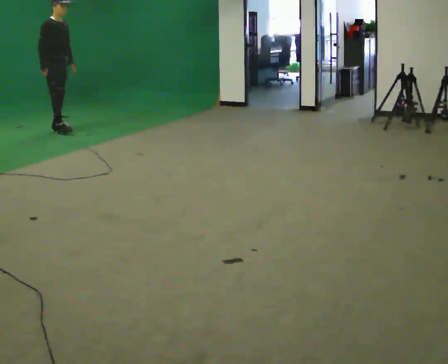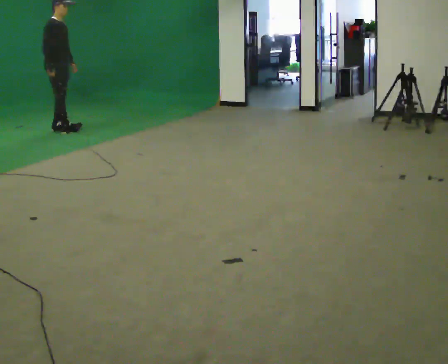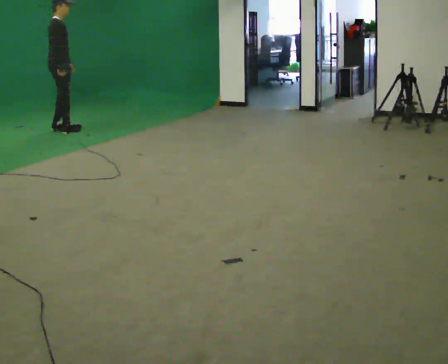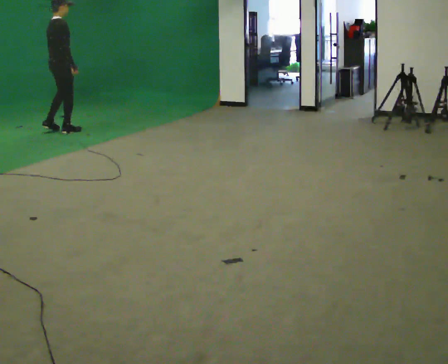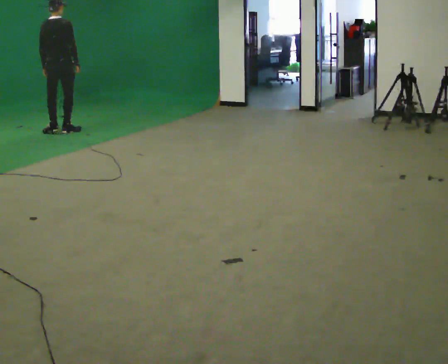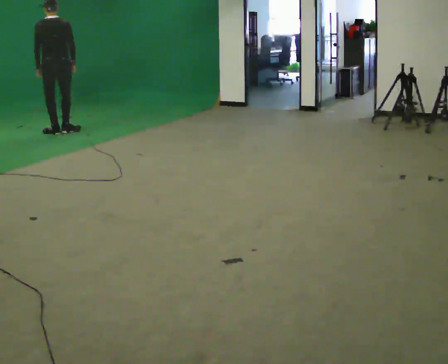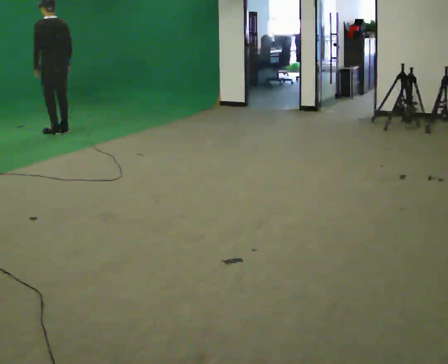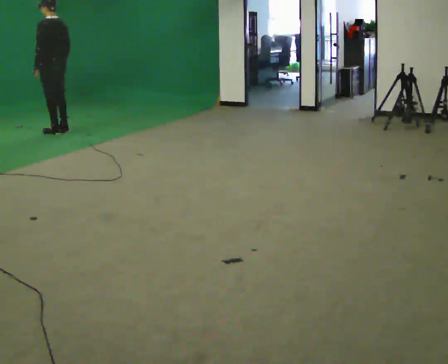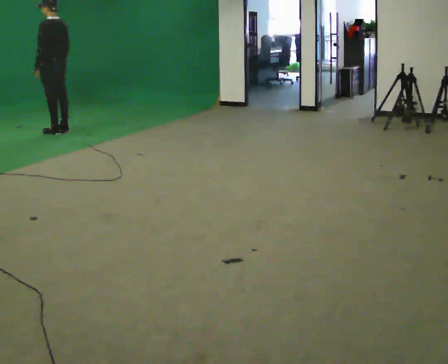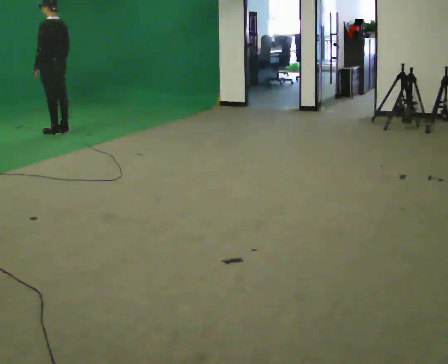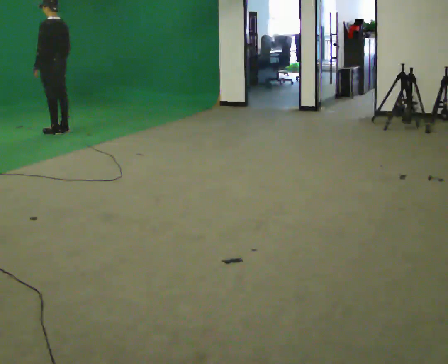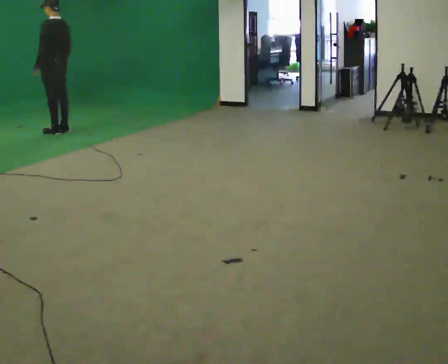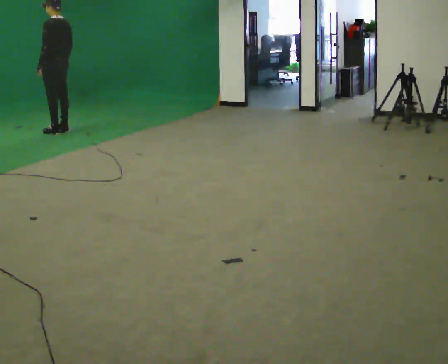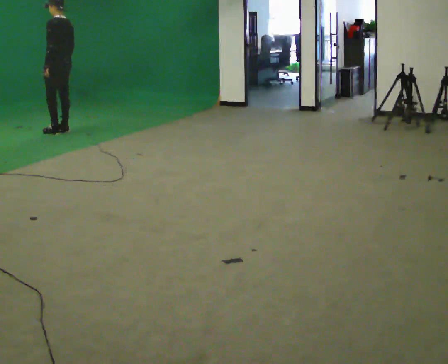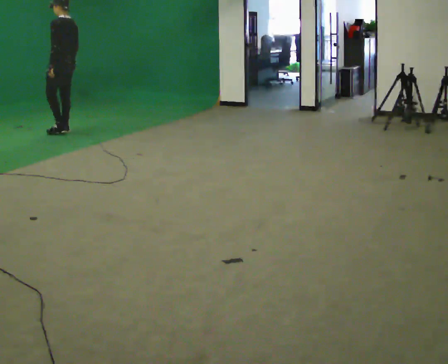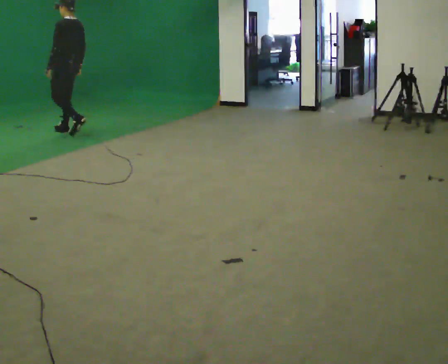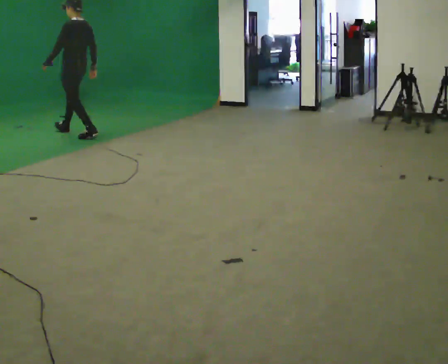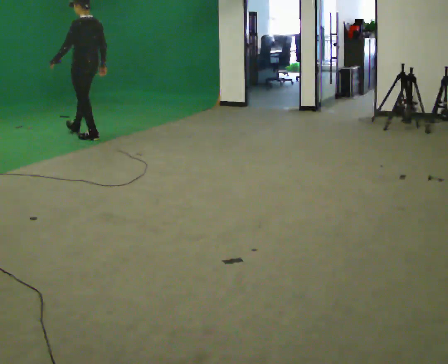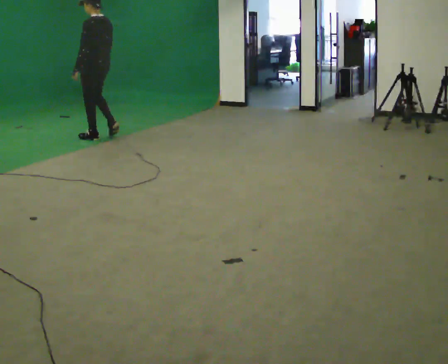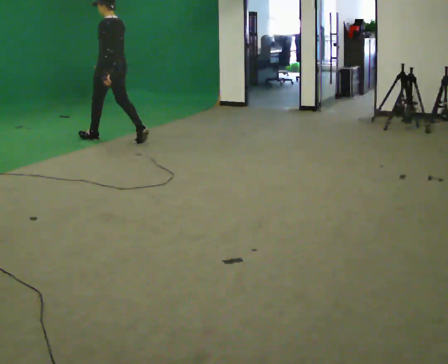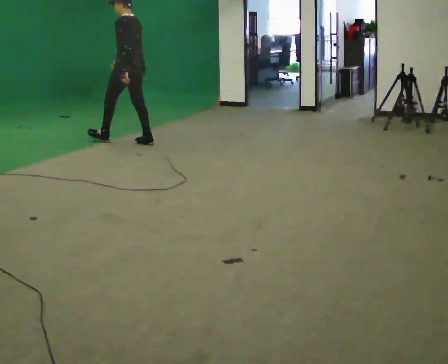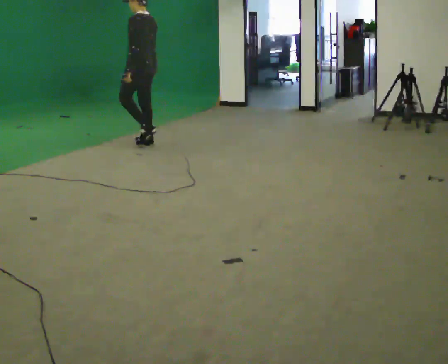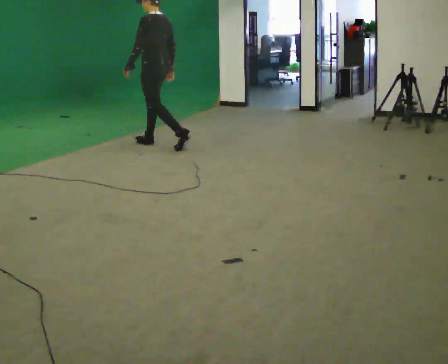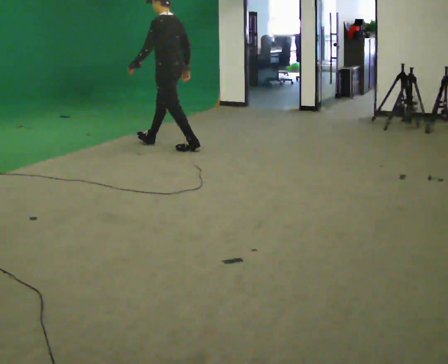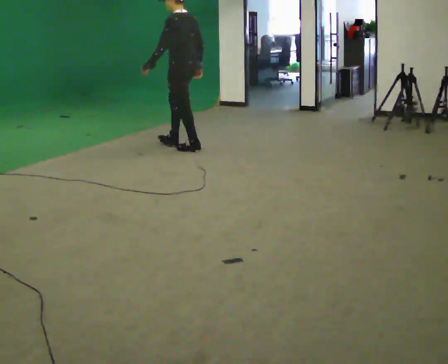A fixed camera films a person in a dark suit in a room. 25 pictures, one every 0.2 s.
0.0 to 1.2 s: The part of the body nearest the lens slides to the right as the person turns to their left by about 150 degrees. In the picture they go toward the camera, about 0.25 m in 1 step. In the picture the upper body tilts counterclockwise, shoulders to the left. In the picture their right hand goes to the right.
1.2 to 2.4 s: The person moves a little, or ends about where they began.
2.4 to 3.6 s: In the picture they go toward the camera and to the right, about 0.5 m in 2 steps, which for them is backward.
3.6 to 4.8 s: In the picture they go to the right and toward the camera, about 1 m in 2 steps, which for them is backward.
The film runs backward here.
